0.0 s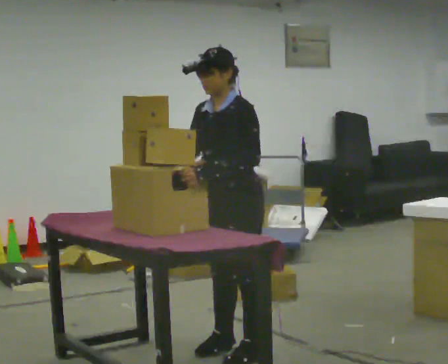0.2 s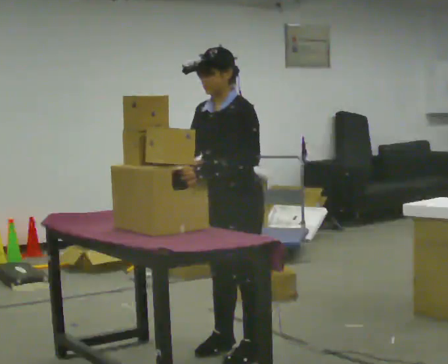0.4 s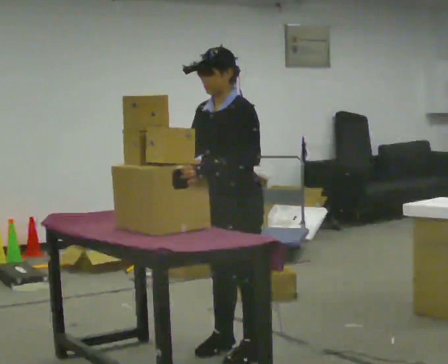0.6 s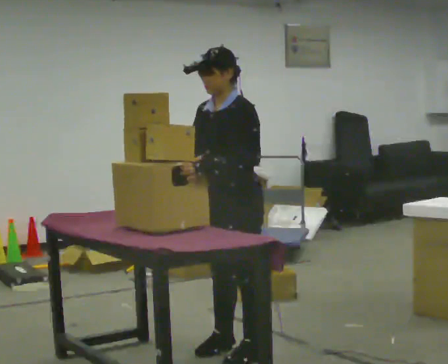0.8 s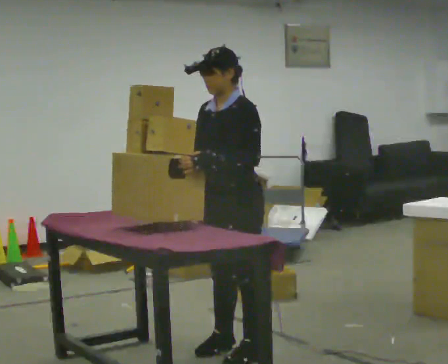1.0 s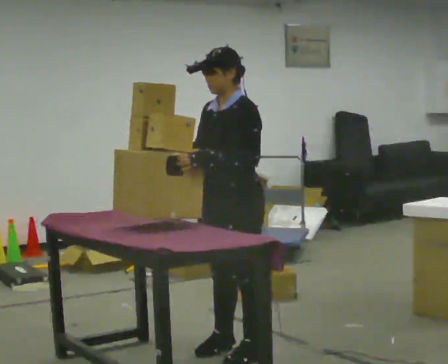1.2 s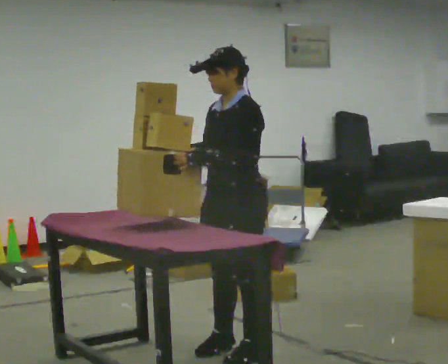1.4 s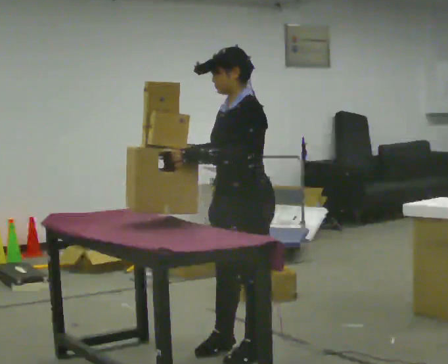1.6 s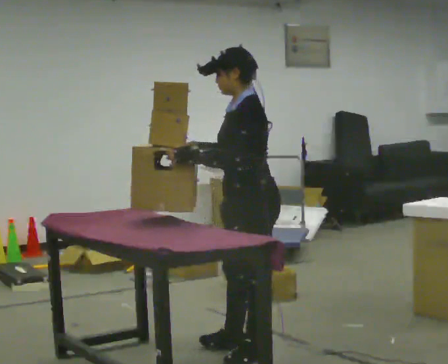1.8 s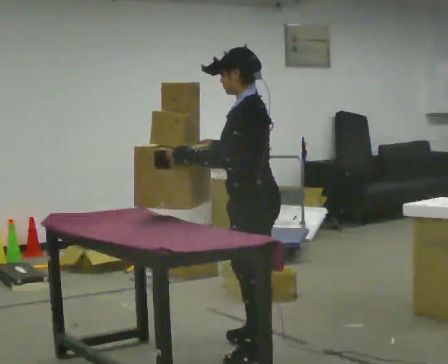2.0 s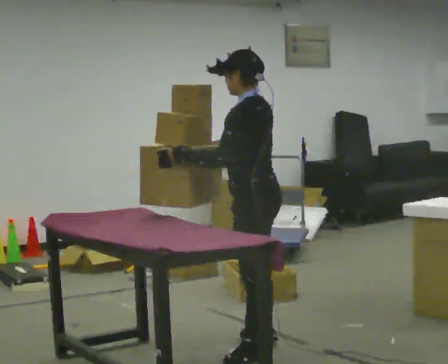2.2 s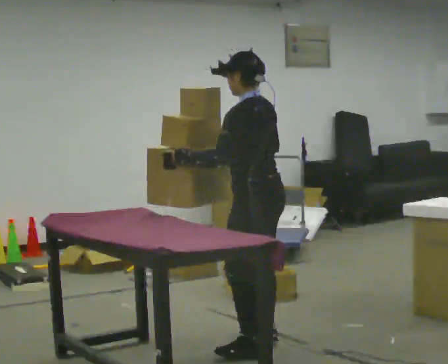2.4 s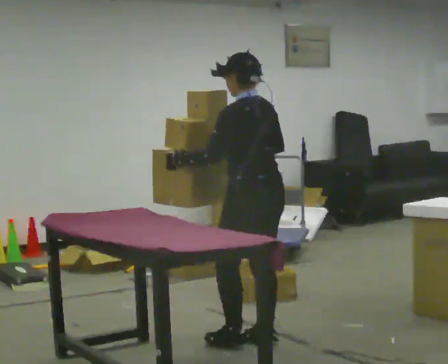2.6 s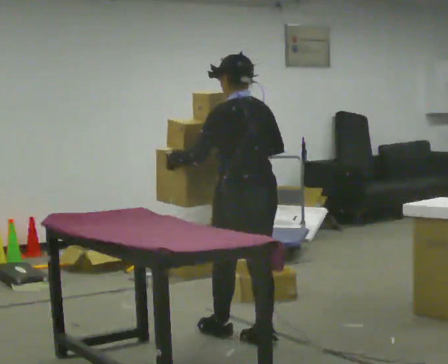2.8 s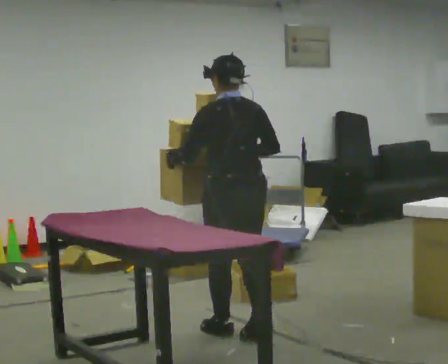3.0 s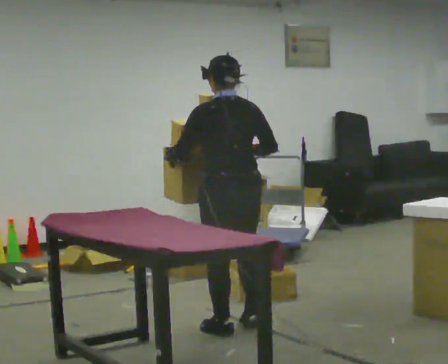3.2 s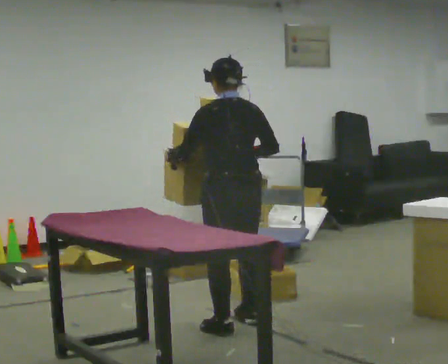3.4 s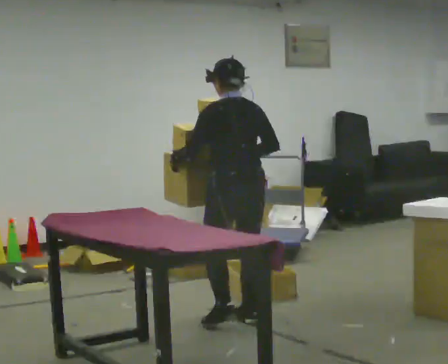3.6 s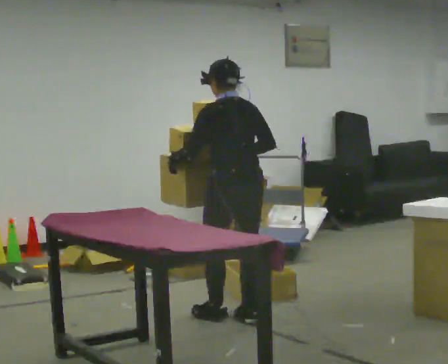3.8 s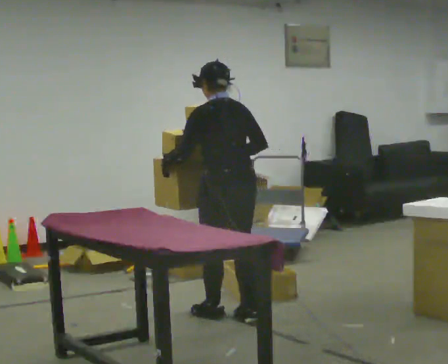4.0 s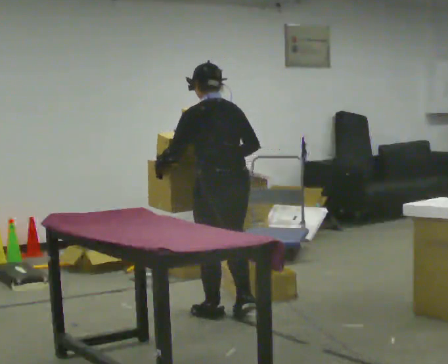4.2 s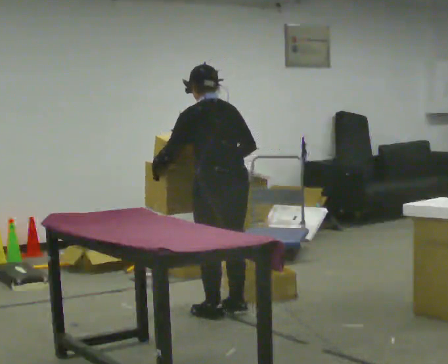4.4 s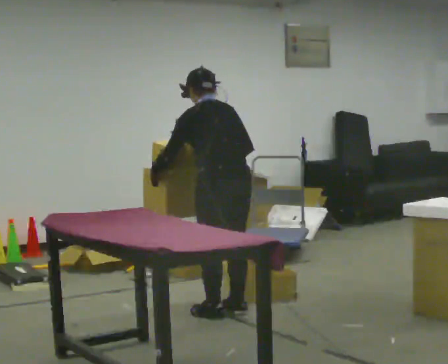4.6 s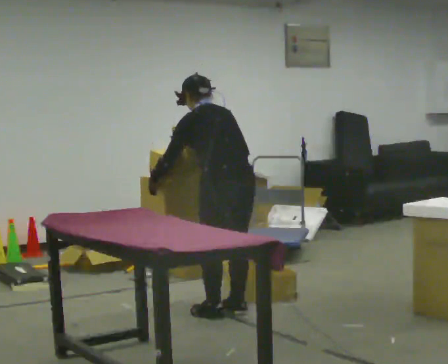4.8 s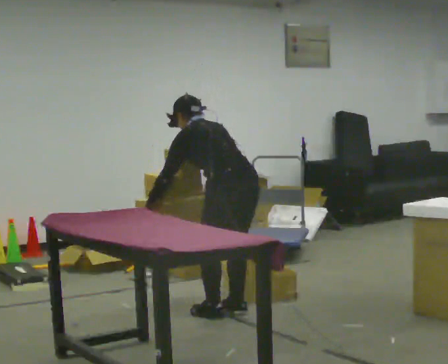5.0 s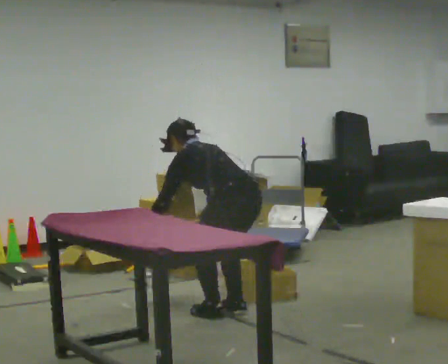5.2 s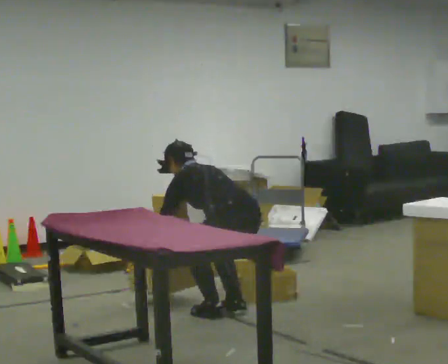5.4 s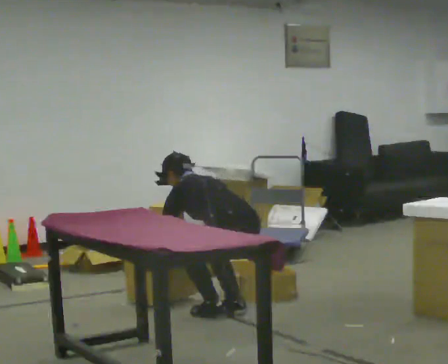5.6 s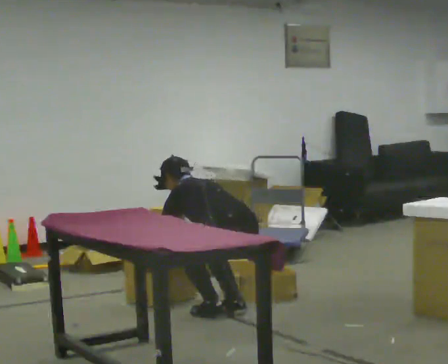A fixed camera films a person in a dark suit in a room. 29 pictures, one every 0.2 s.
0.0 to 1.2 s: The person moves a little, or ends about where they began.
1.2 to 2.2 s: Seen from above the body turns clockwise, about 60 degrees: to their right, with its near side sliding to the left. In the picture they go away from the camera, about 0.25 m in 1 step, which for them is to their right.
2.2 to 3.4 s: The part of the body nearest the lens slides to the left as the person turns to their right by about 30 degrees. In the picture they go away from the camera, about 0.5 m in 2 steps, which for them is forward.
3.4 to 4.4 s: The person moves a little, or ends about where they began.
4.4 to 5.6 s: The shoulders move downward. In the picture the upper body tilts counterclockwise, shoulders to the left, as they bend forward. In the picture their left hand goes downward.
The film runs forward here.
